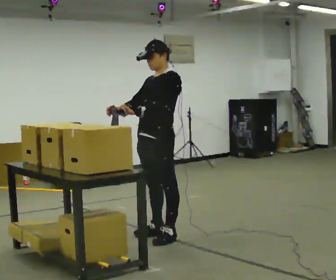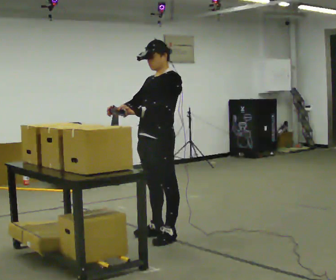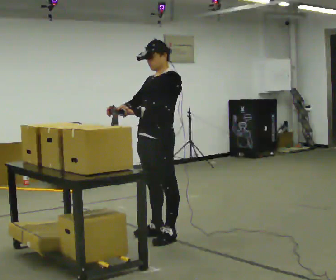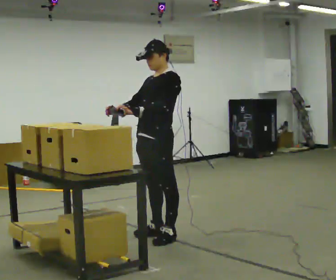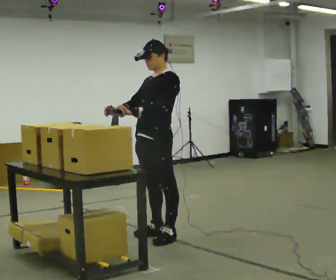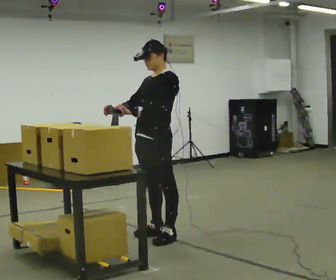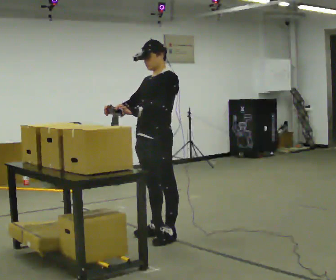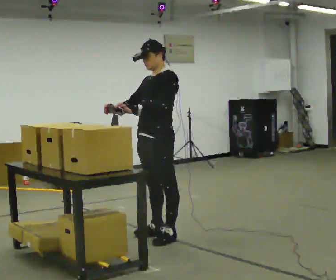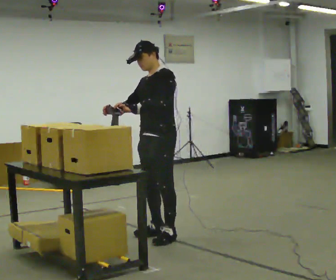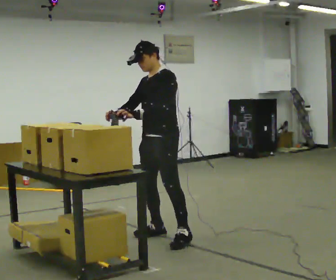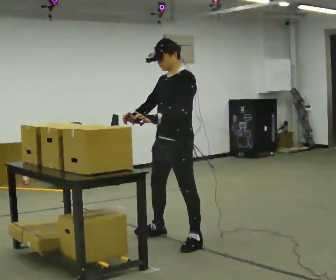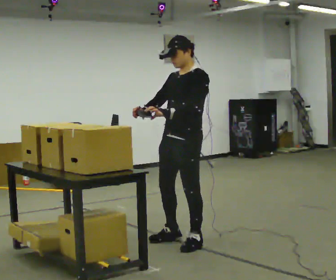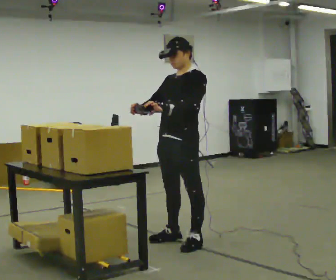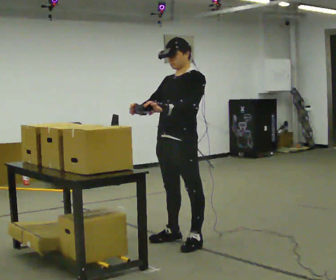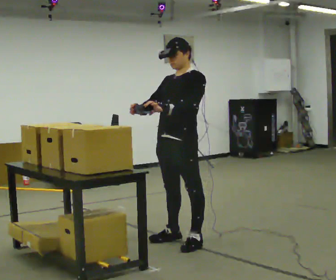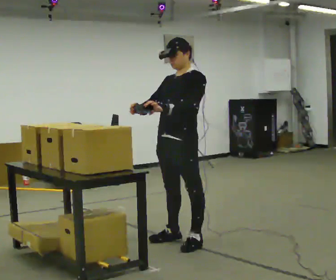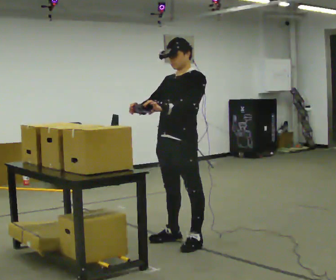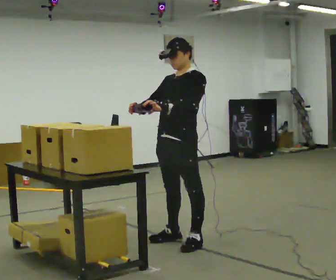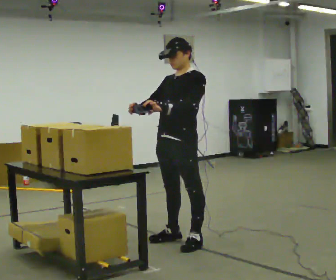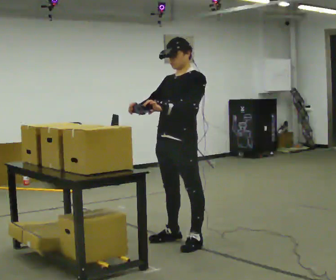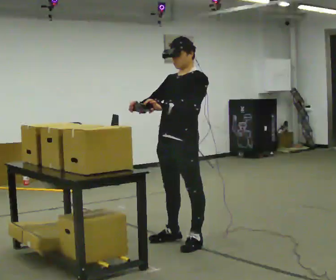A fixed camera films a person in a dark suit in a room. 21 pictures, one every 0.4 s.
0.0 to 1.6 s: The person keeps their place and pose.
1.6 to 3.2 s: The person moves a little, or ends about where they began.
3.2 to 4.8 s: In the picture they go toward the camera and to the right, about 0.25 m in 2 steps, which for them is to their left.
4.8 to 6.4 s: The person keeps their place and pose.
6.4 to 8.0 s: The person moves a little, or ends about where they began.
The film runs backward here.
